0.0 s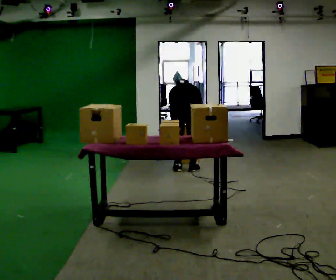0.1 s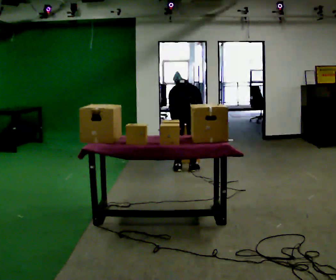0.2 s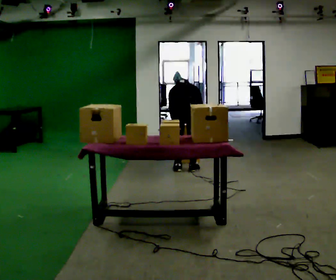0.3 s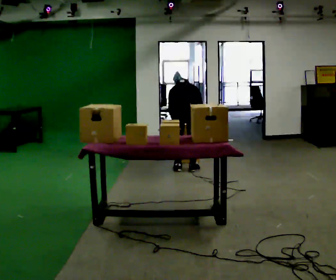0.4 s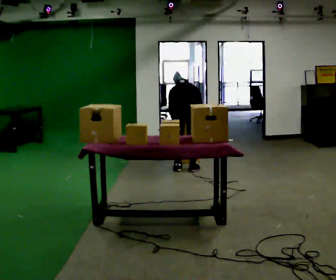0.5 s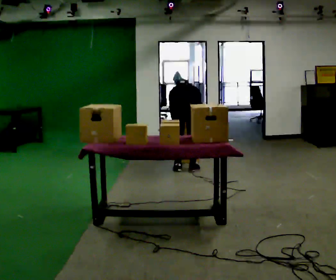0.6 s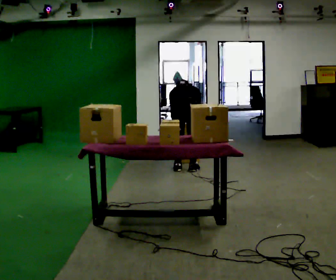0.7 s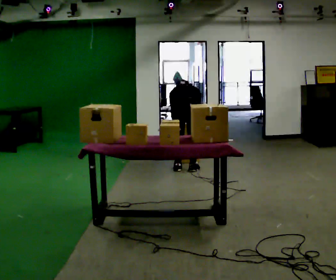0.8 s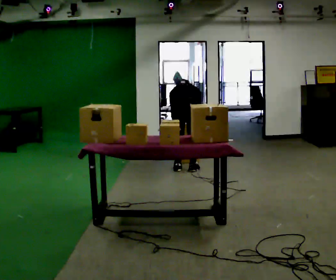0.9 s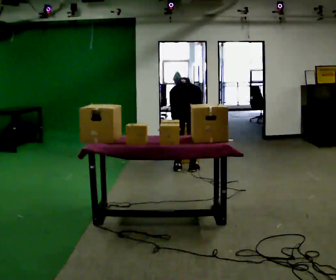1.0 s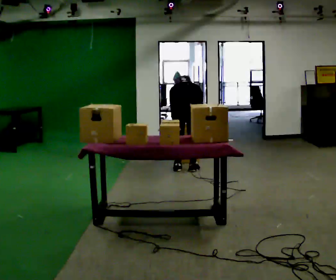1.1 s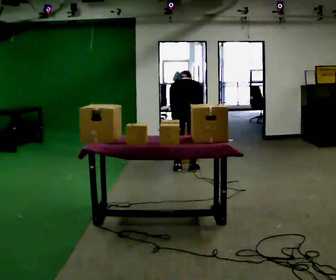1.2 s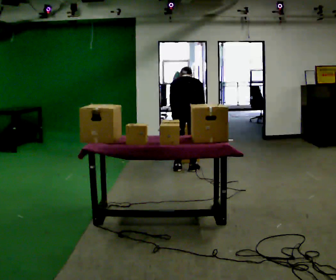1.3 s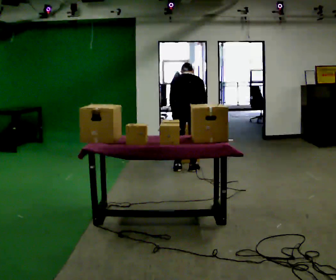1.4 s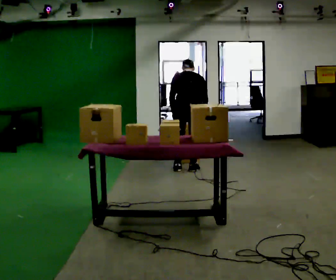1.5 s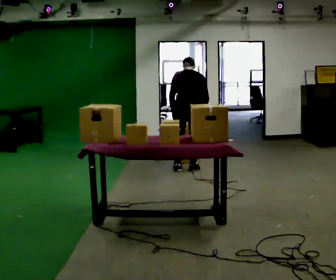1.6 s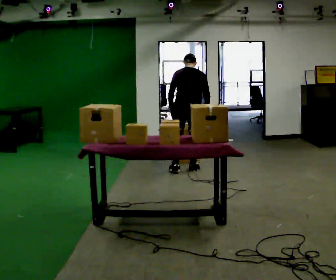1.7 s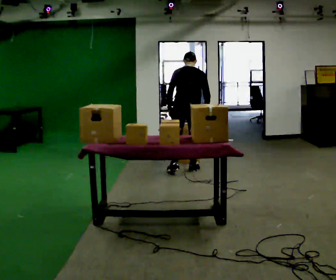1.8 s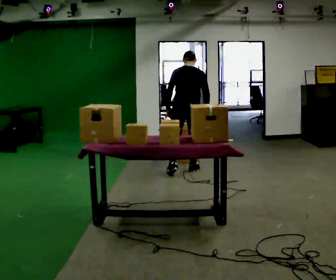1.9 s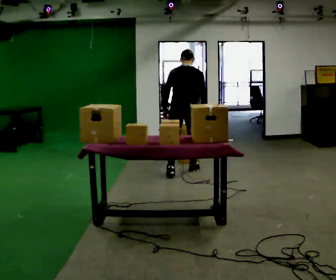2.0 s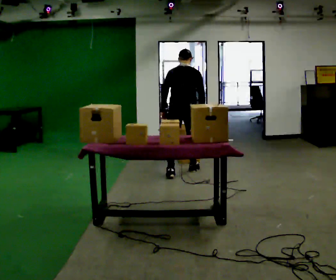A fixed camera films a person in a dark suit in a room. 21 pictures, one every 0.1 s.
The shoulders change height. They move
upward.
The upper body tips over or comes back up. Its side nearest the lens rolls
downward.
0.0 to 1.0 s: The person moves a little, or ends about where they began.
1.0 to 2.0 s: The shoulders move upward. The upper body tips toward the camera, its near side rolling downward, as they lean back or straighten.
The film runs backward here.
